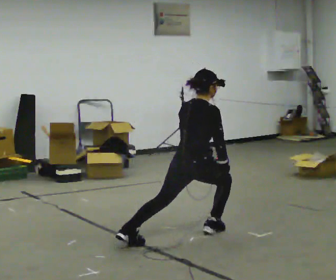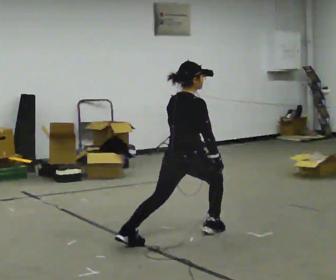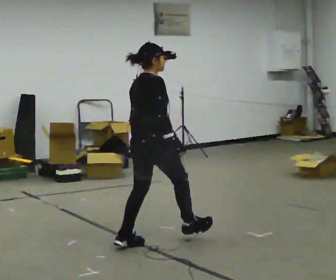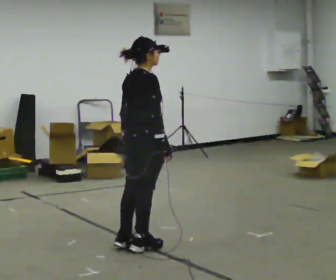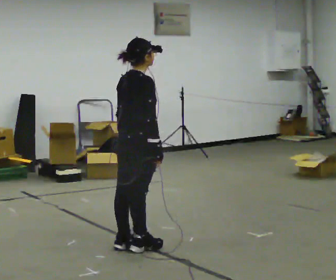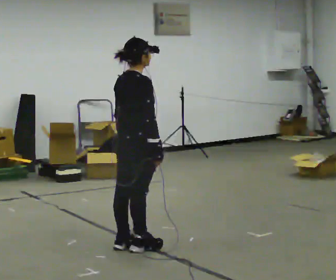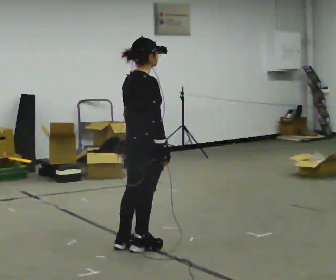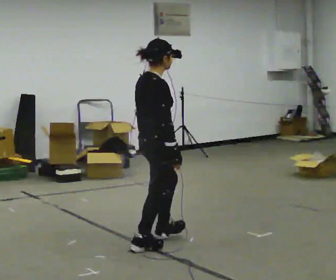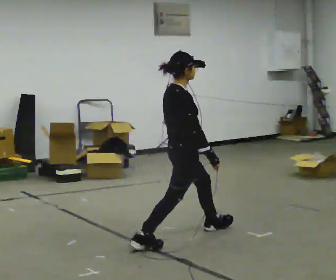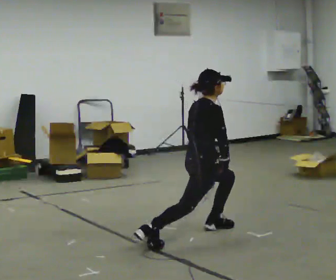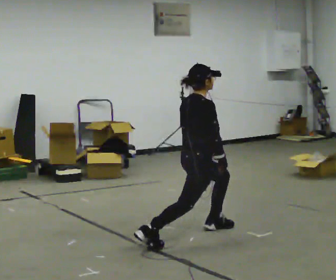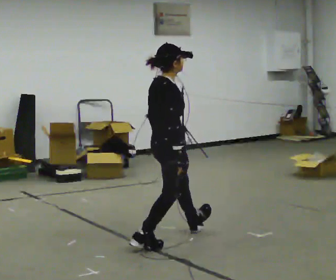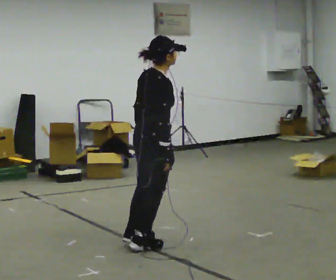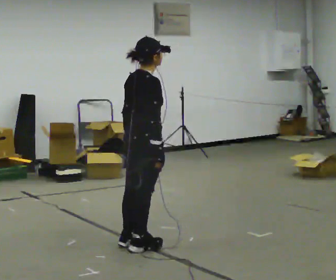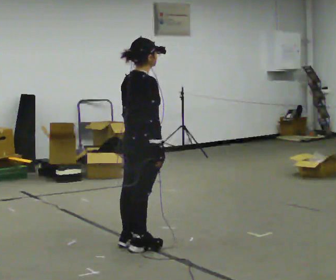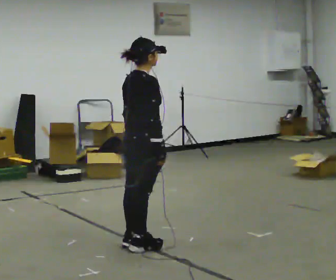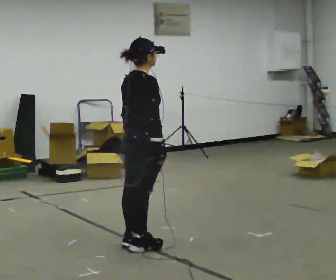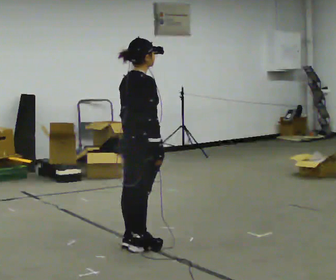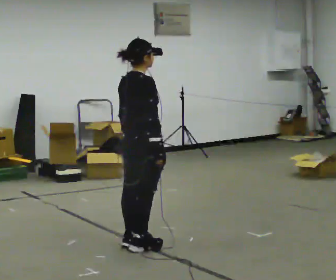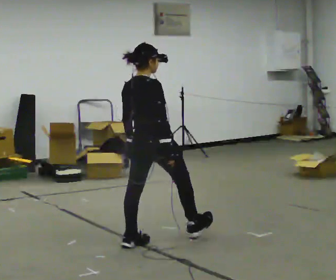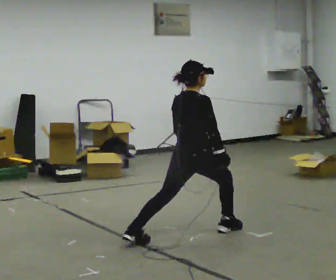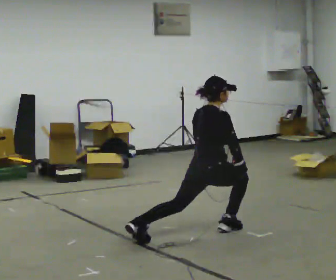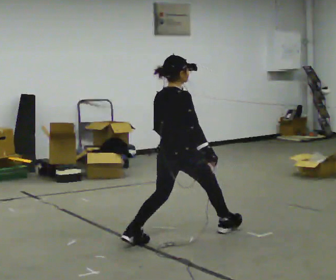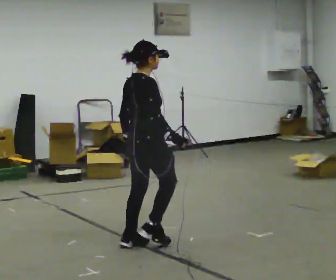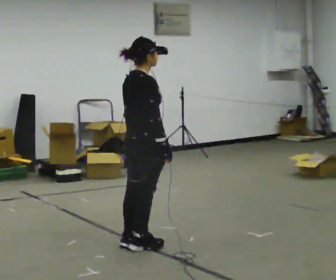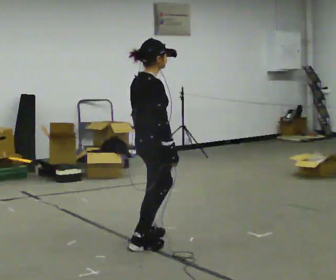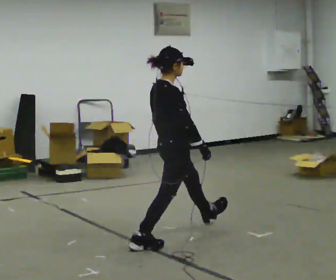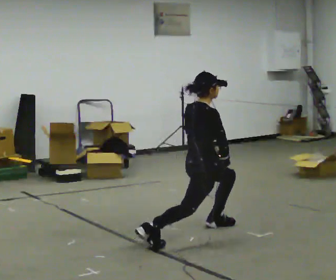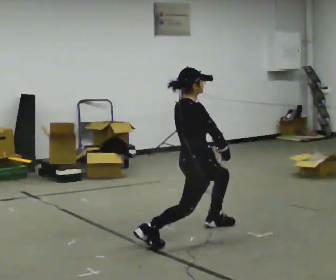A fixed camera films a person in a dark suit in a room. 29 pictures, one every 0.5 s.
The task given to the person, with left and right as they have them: Step forward into a lunge on the leg the operator calls, lowering your back knee toward the floor, then push back to standing. Then do the same stepping backward instead. Repeat the movement at your own pace until the operator says stop; do not rush.
0.0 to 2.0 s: In the picture they go to the left and toward the camera, about 0.5 m in 1 step, which for them is backward. The upper body goes upward.
2.0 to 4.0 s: In the picture they go to the right and away from the camera, about 0.5 m in 1 step, which for them is forward.
4.0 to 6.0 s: In the picture they go to the left and toward the camera, about 0.25 m, which for them is backward.
6.0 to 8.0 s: The person moves a little, or ends about where they began.
8.0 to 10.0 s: In the picture they go to the right and away from the camera, about 0.5 m in 1 step, which for them is forward.
10.0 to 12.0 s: In the picture they go to the left and toward the camera, about 0.5 m in 1 step, which for them is backward.
12.0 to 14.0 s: In the picture they go to the right and away from the camera, about 0.5 m in 1 step, which for them is forward and to their left. The upper body goes downward.
The film runs forward here.
